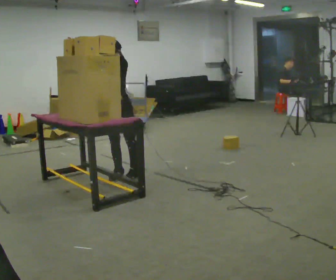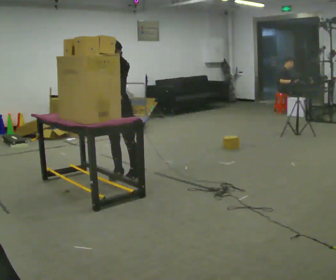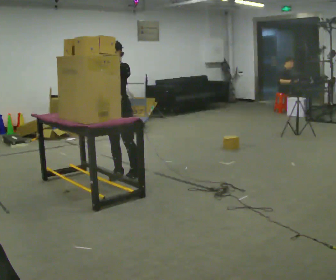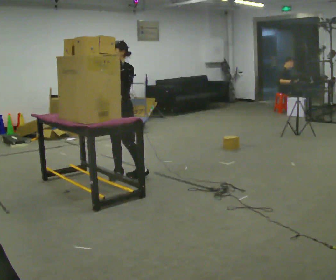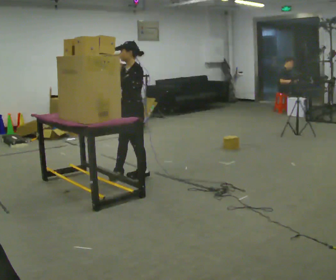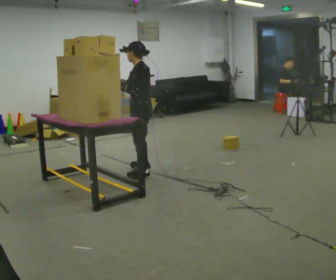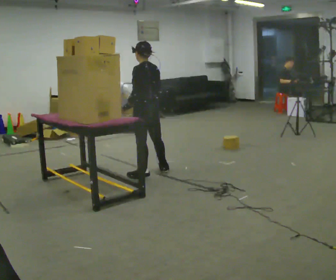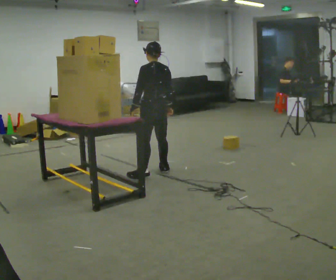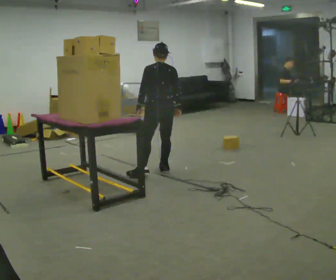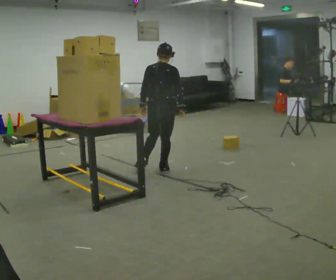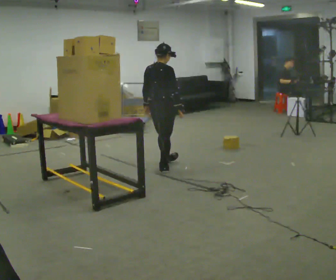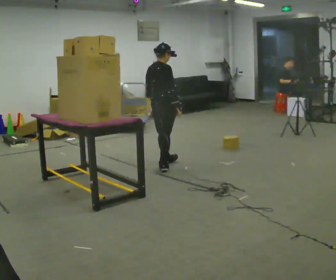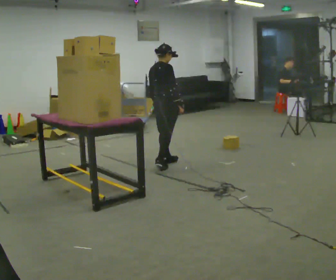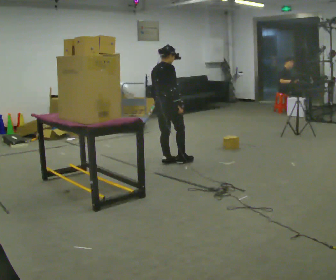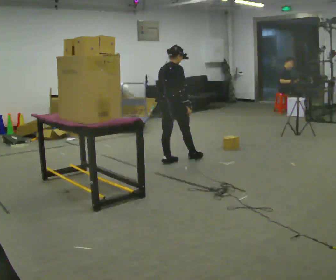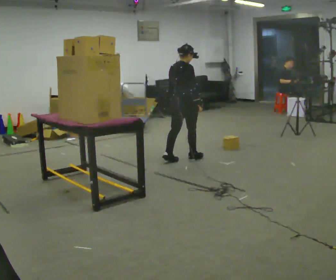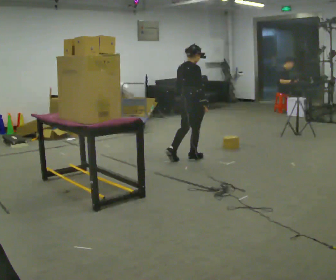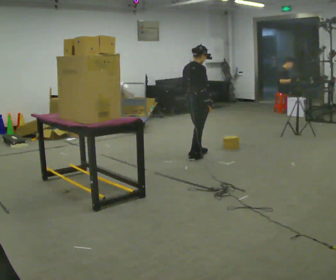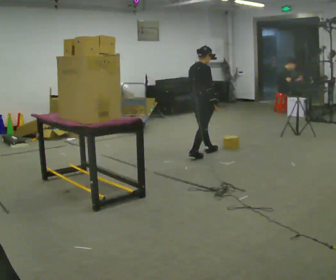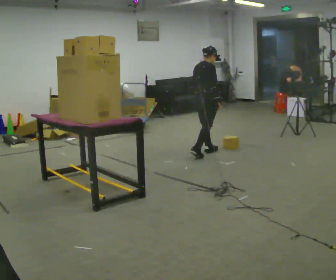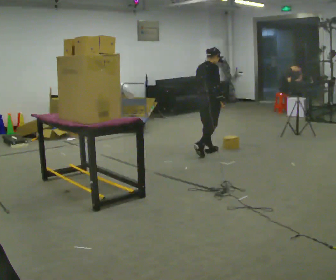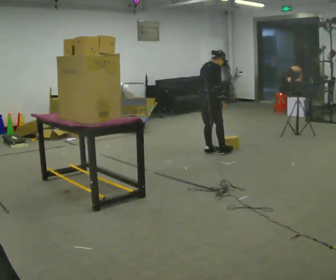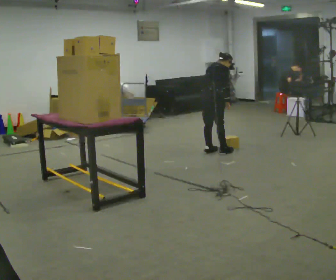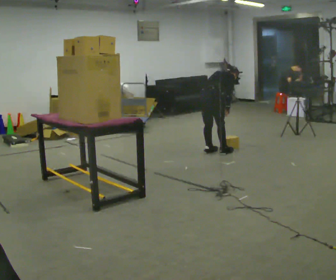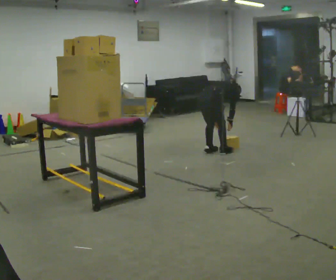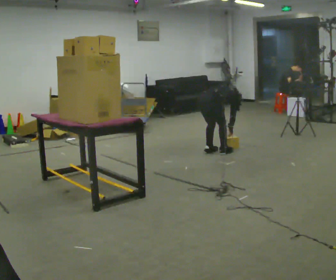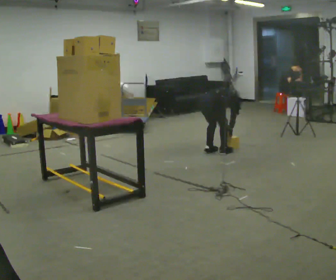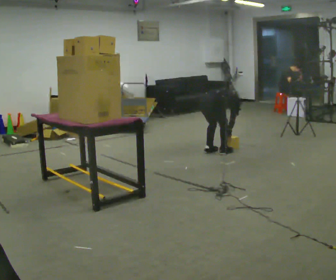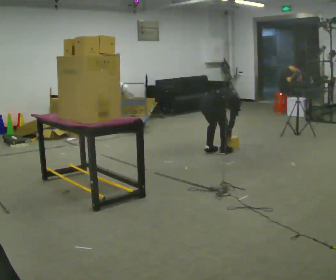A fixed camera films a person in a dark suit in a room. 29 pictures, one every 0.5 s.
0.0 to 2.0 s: The part of the body nearest the lens slides to the left as the person turns to their right by about 45 degrees. In the picture they go to the right, about 0.25 m, which for them is to their left.
2.0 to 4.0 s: Seen from above the body turns clockwise, about 105 degrees: to their right, with its near side sliding to the left. In the picture they go to the right and away from the camera, about 0.25 m in 1 step. In the picture their right hand goes downward.
4.0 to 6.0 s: The part of the body nearest the lens slides to the left as the person turns to their right by about 60 degrees. In the picture they go away from the camera, about 0.25 m in 1 step.
6.0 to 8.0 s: In the picture they go to the right and away from the camera, about 0.5 m in 1 step, which for them is forward.
8.0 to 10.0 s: In the picture they go away from the camera and to the right, about 0.5 m in 1 step, which for them is forward.
10.0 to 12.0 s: The upper body goes downward. The upper body tips away from the camera, its near side rolling upward, as they bend forward. In the picture their right hand goes downward.
12.0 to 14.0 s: The upper body tips away from the camera, its near side rolling upward, as they bend forward.
The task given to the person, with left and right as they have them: Pick an object up off the floor, carry it across the room, and place it on the highest shelf you can comfortably reach. Keep going until the operator says stop; one object at a time, and do not rush between trips.
The film runs forward here.
